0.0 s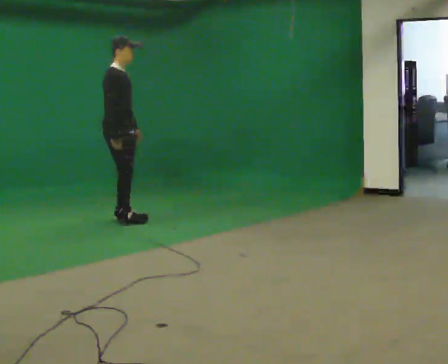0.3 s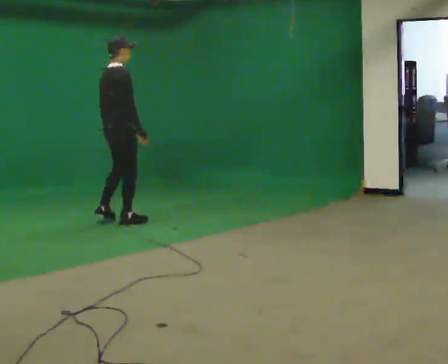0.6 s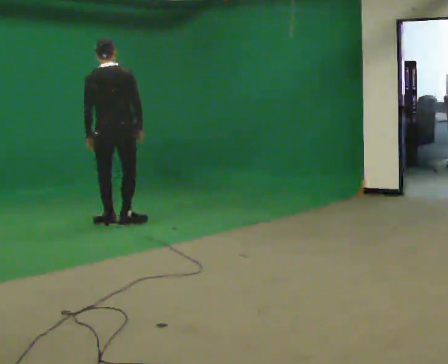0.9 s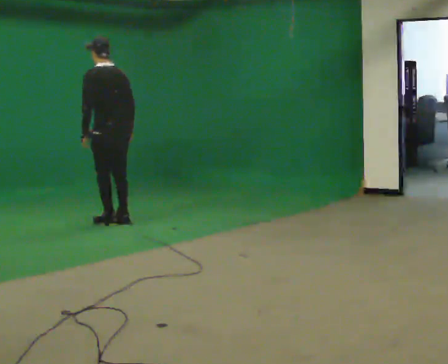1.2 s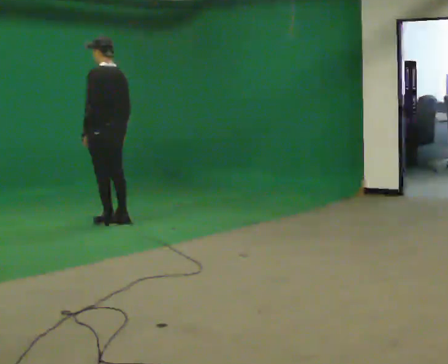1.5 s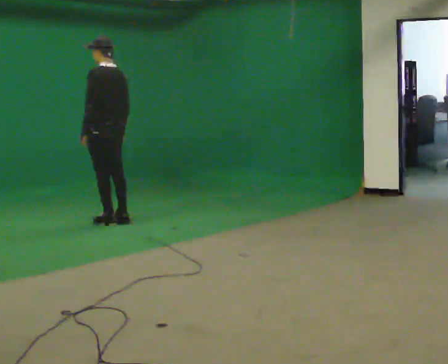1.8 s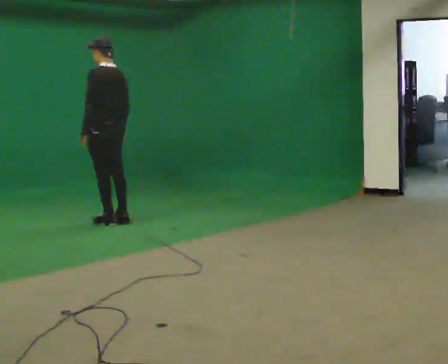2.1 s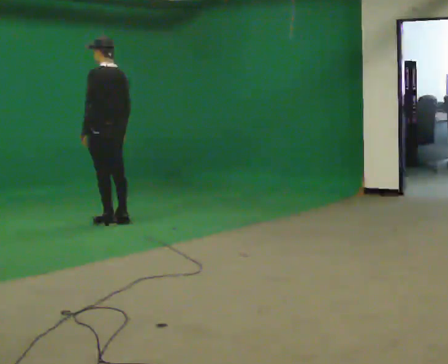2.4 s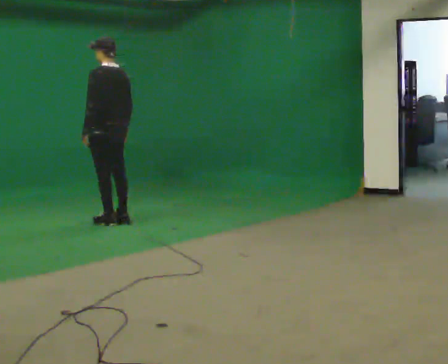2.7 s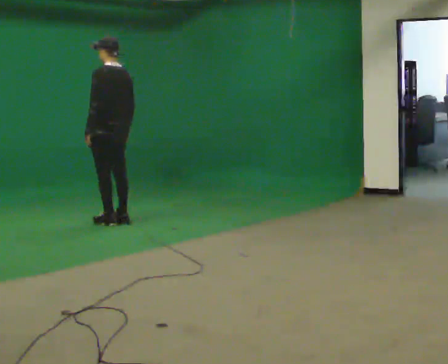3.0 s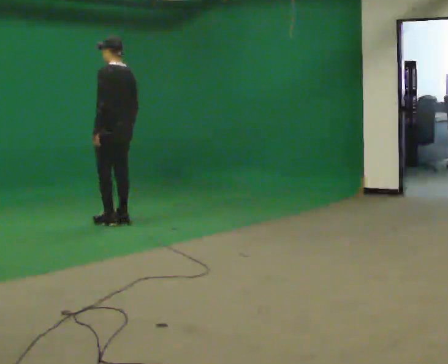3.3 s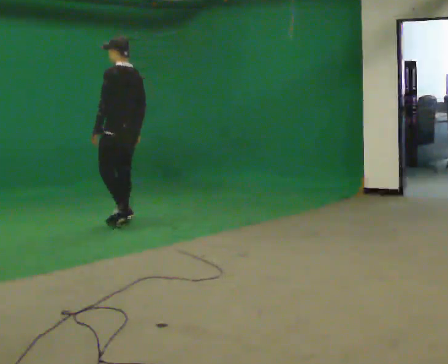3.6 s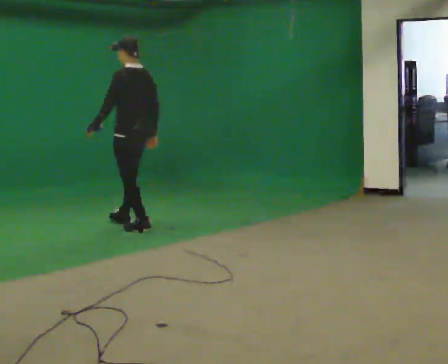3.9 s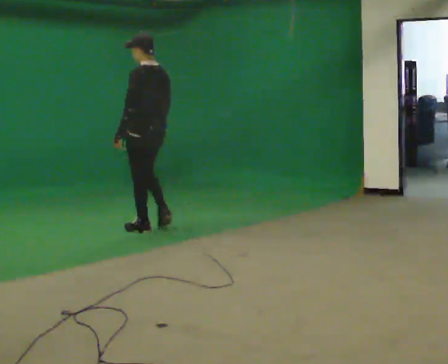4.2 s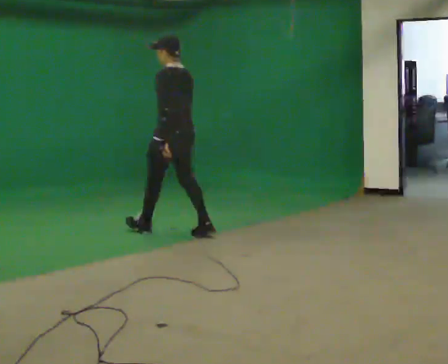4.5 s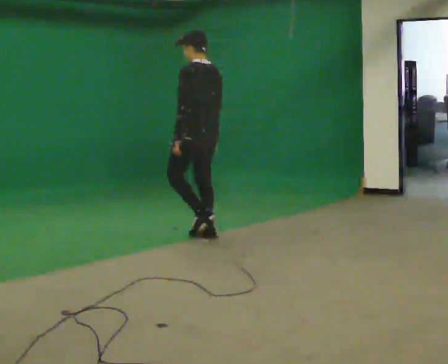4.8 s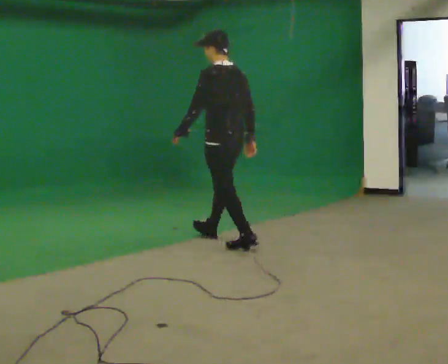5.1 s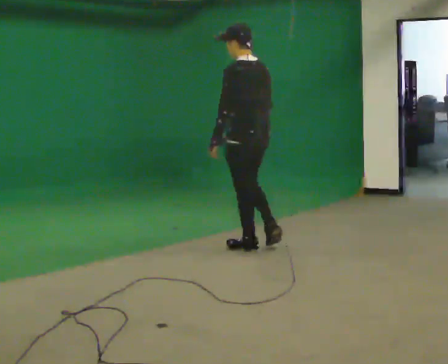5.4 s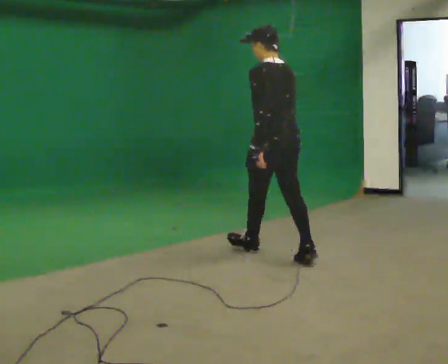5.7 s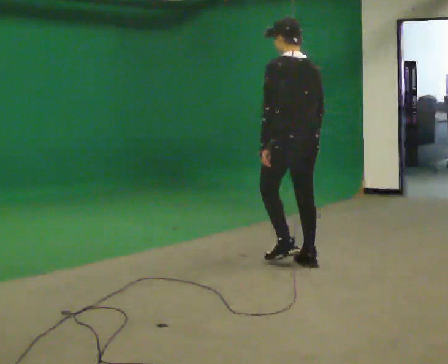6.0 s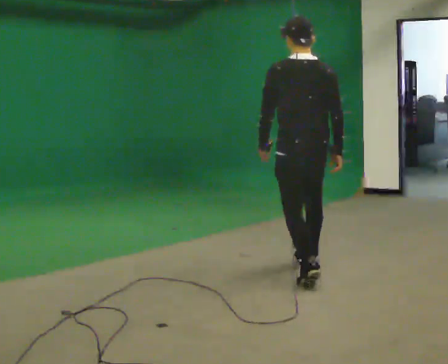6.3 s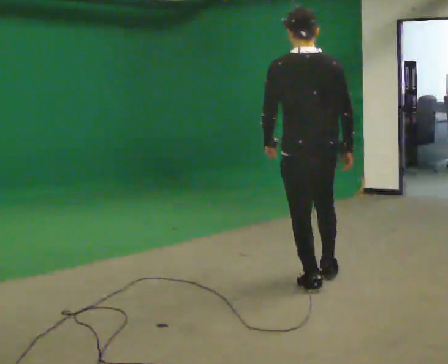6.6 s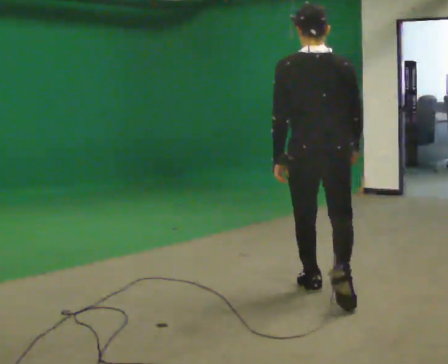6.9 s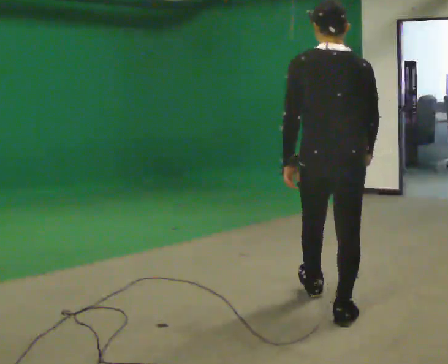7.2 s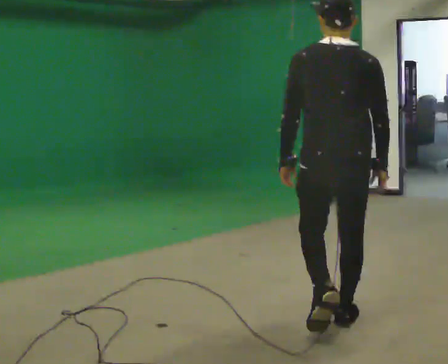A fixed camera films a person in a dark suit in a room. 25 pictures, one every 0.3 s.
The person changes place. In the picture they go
toward the camera.
0.0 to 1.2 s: Seen from above the body turns counterclockwise, about 150 degrees: to their left, with its near side sliding to the right. In the picture their left hand goes to the left.
1.2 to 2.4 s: The person moves a little, or ends about where they began.
2.4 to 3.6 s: In the picture they go toward the camera and to the right, about 0.25 m in 1 step, which for them is backward.
3.6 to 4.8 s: In the picture they go toward the camera and to the right, about 1 m in 3 steps, which for them is backward.
4.8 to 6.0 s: Seen from above the body turns clockwise, about 30 degrees: to their right, with its near side sliding to the left. In the picture they go toward the camera, about 1 m in 1 step, which for them is backward.
6.0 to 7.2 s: In the picture they go toward the camera, about 1 m in 2 steps, which for them is backward.
The film runs backward here.
